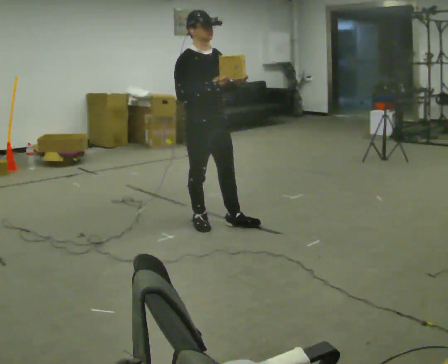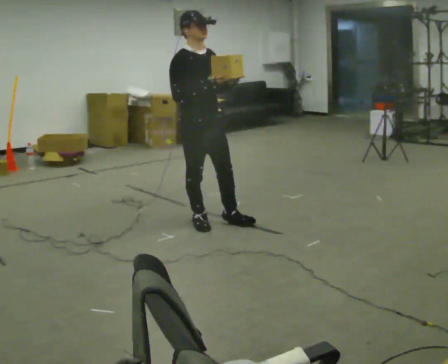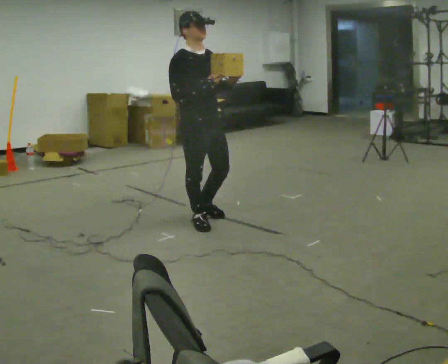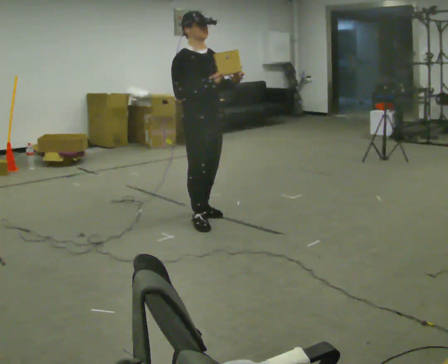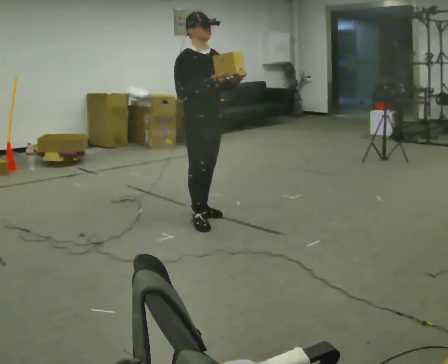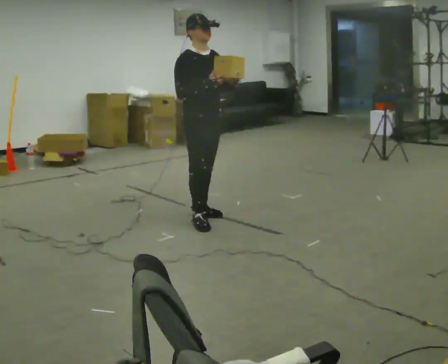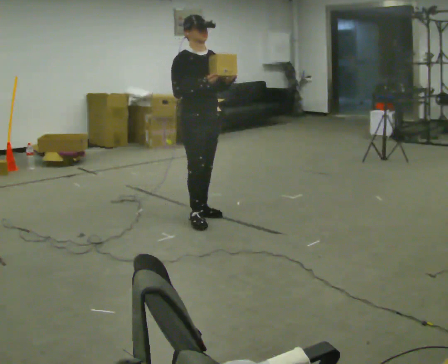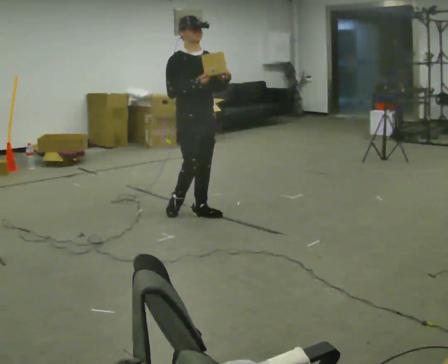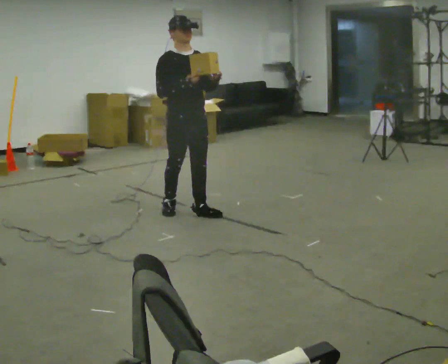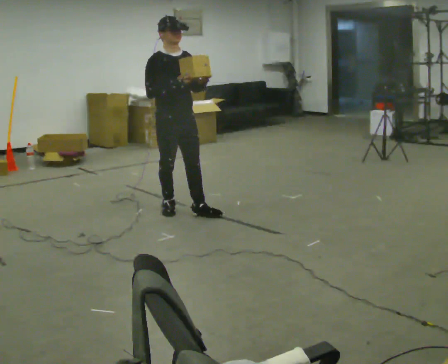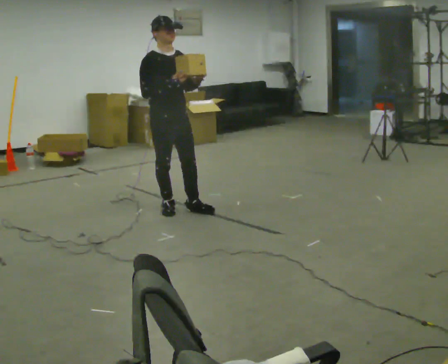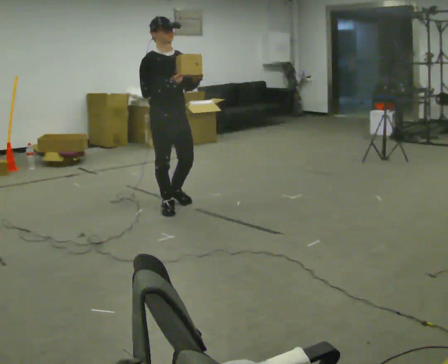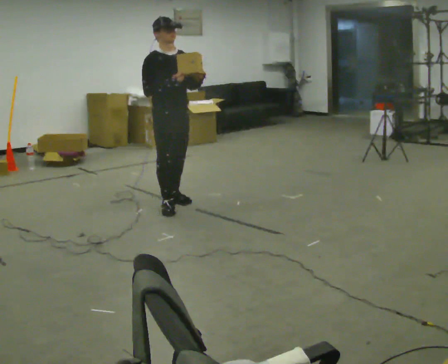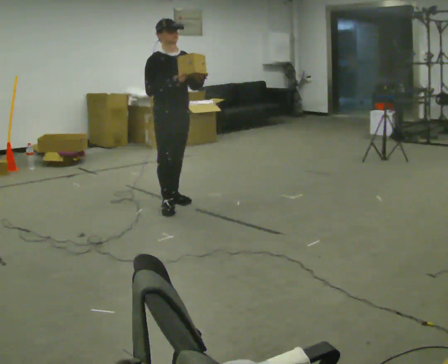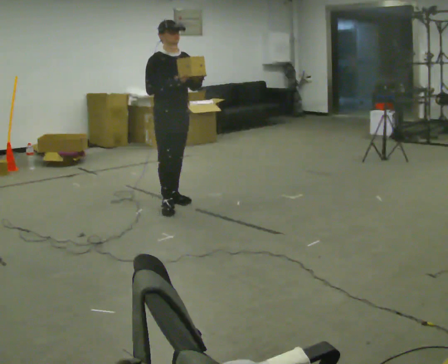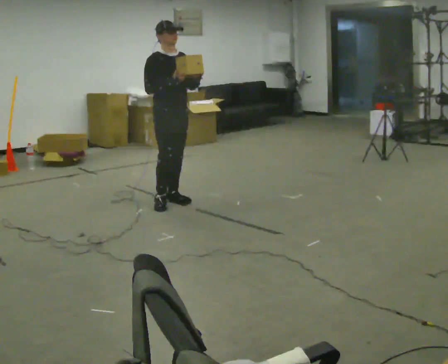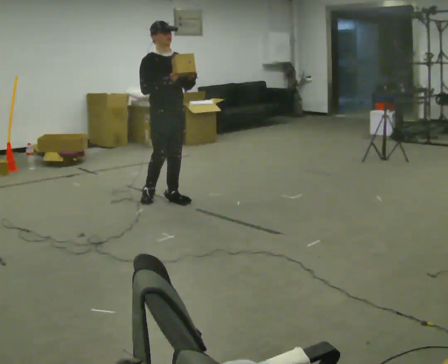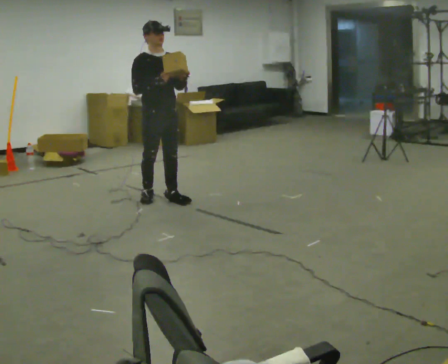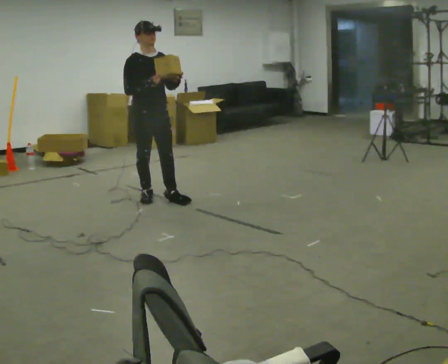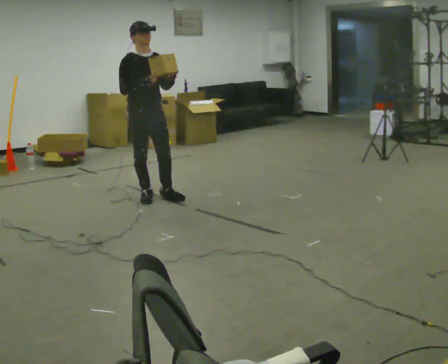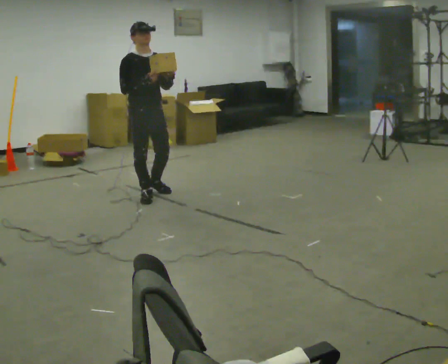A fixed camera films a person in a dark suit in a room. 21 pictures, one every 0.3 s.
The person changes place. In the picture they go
away from the camera.
0.0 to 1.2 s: In the picture they go away from the camera, about 0.25 m in 1 step, which for them is backward.
1.2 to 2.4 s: In the picture they go away from the camera, about 0.25 m in 1 step, which for them is backward.
2.4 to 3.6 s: In the picture they go away from the camera, about 0.25 m in 1 step, which for them is backward.
3.6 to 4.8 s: In the picture they go away from the camera, about 0.25 m in 1 step, which for them is backward.
4.8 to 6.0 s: In the picture they go to the left, about 0.25 m in 1 step, which for them is backward and to their right.
The film runs backward here.
